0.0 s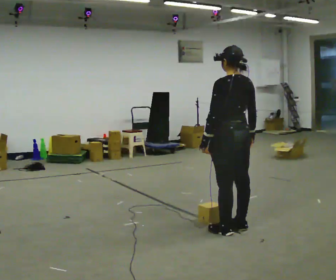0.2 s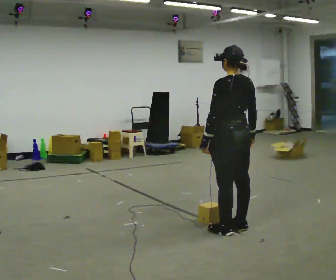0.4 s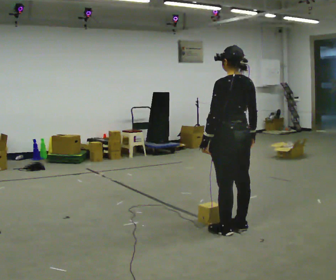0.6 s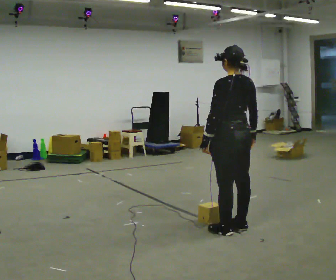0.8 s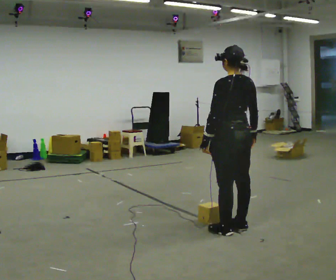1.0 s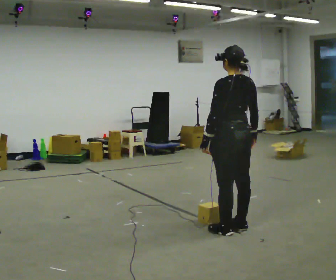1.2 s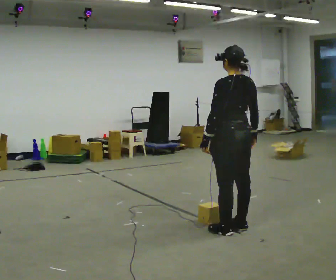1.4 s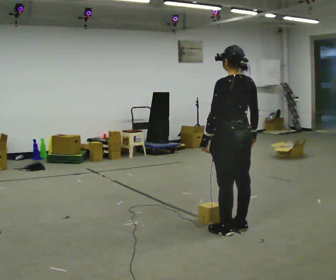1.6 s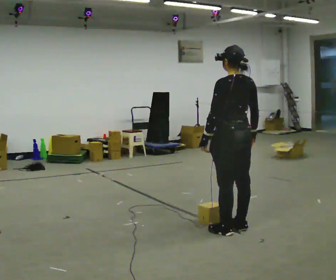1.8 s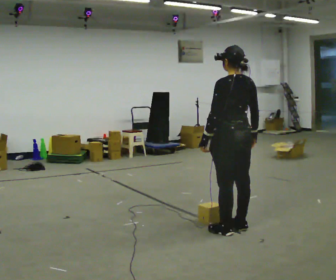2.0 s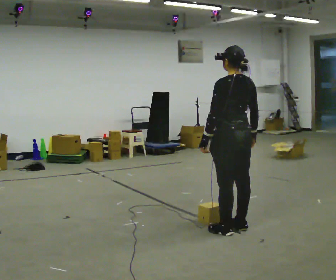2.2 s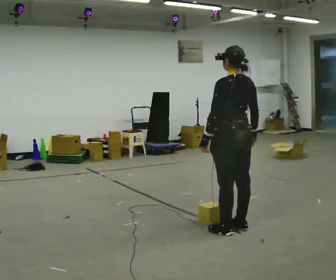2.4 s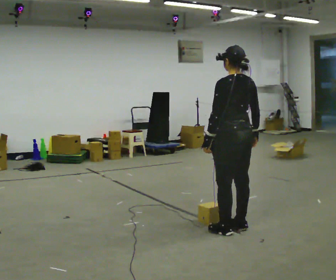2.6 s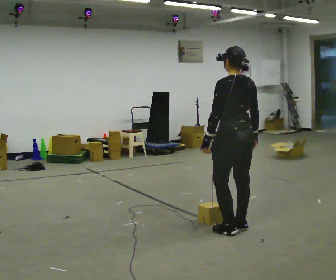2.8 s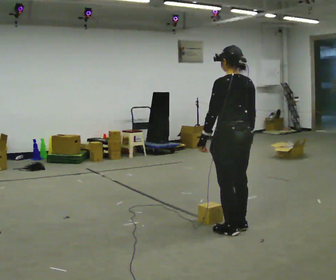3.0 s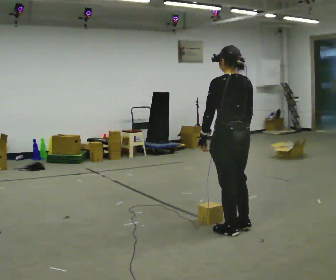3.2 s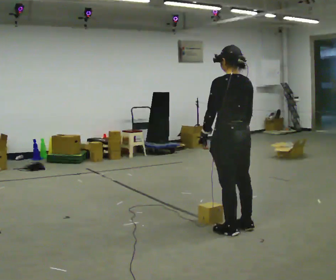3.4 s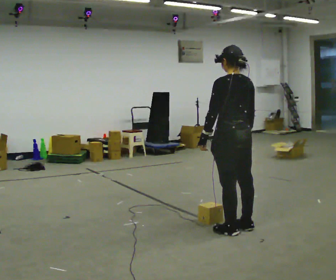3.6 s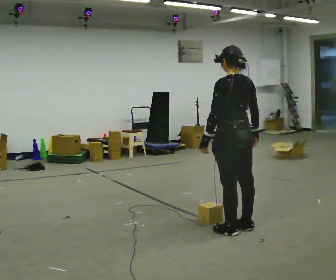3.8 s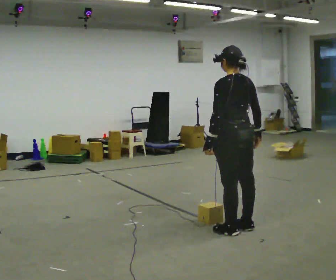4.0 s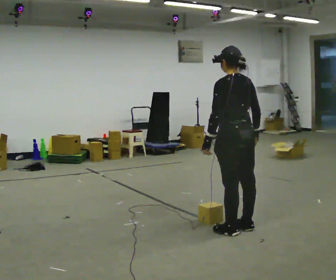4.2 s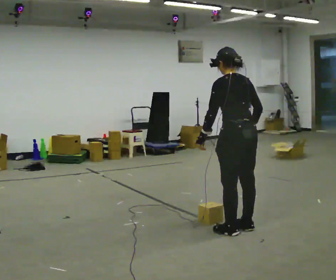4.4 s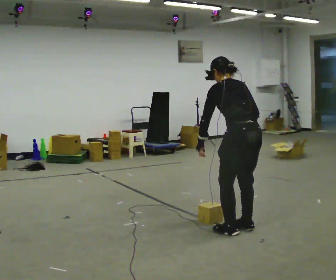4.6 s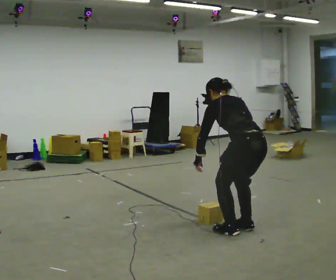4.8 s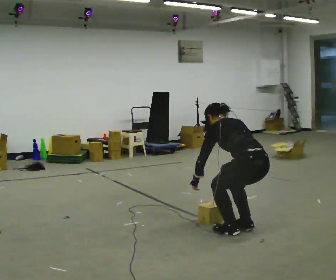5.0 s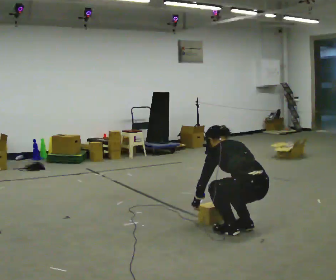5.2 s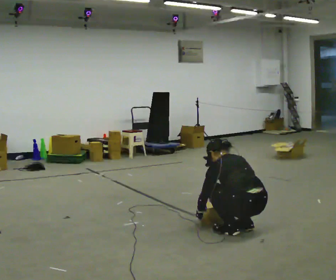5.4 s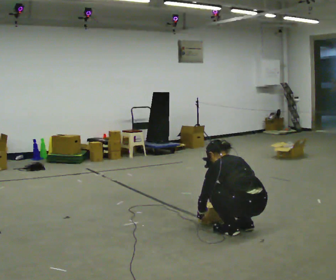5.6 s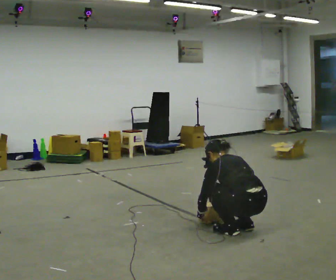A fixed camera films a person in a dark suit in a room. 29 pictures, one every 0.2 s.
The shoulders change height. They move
downward.
Their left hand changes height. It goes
downward.
0.0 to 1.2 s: The person keeps their place and pose.
1.2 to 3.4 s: The person moves a little, or ends about where they began.
3.4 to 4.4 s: In the picture the upper body tilts counterclockwise, shoulders to the left, as they bend forward.
4.4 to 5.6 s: The upper body goes downward. The upper body tips away from the camera, its near side rolling upward, as they bend forward. In the picture their left hand goes downward.
The film runs backward here.
